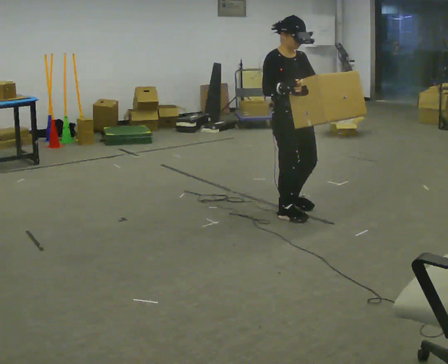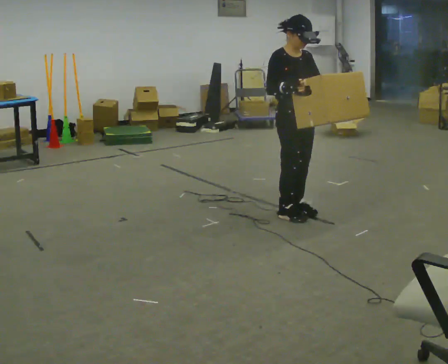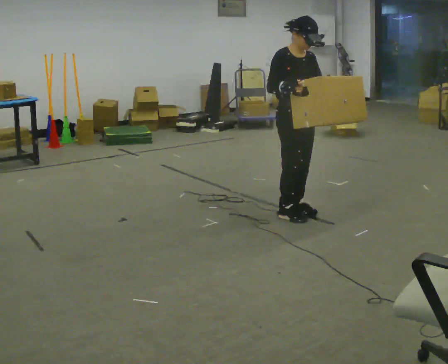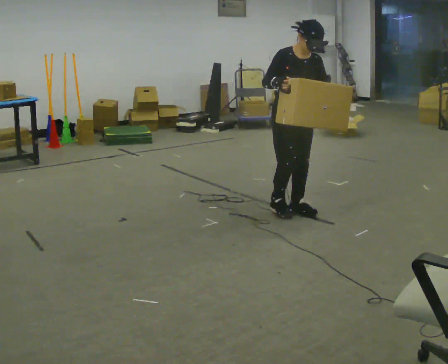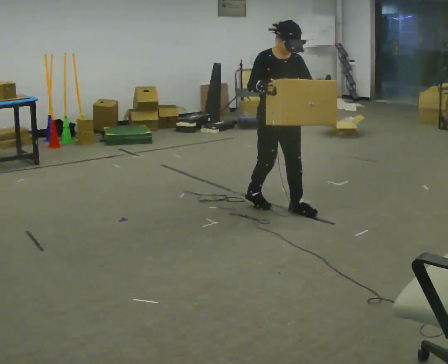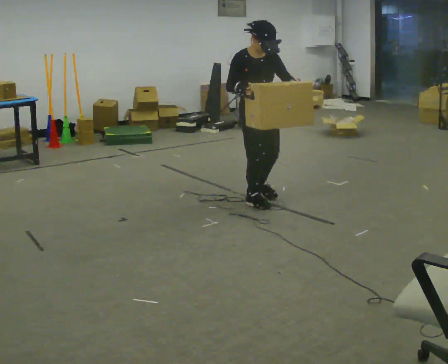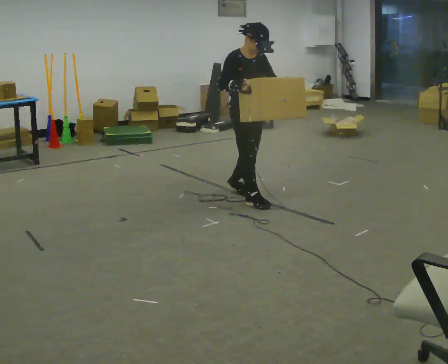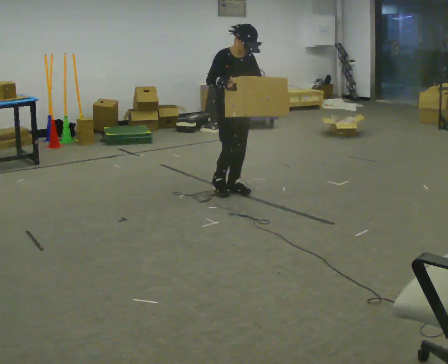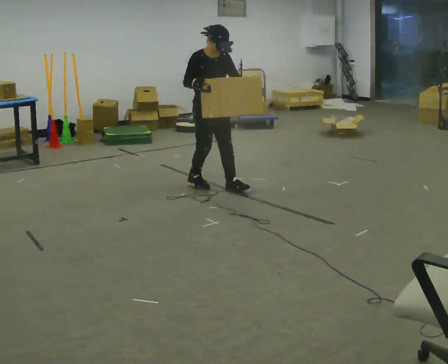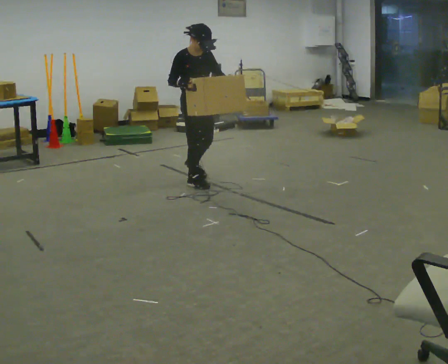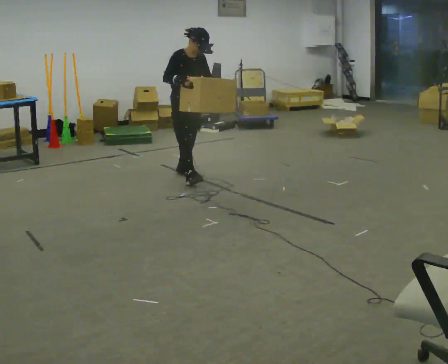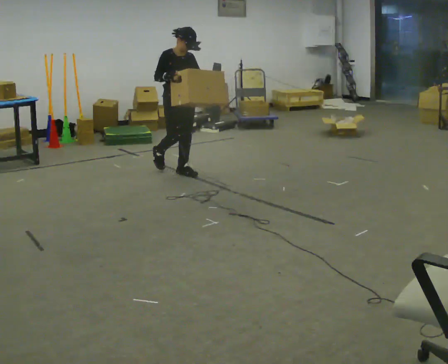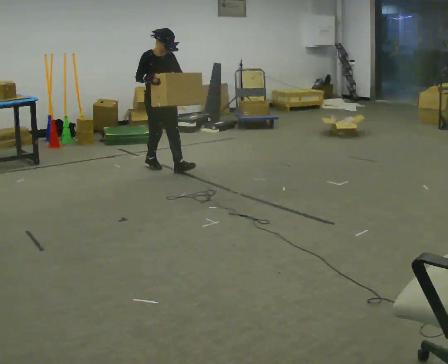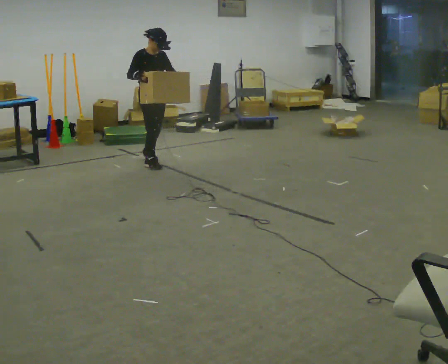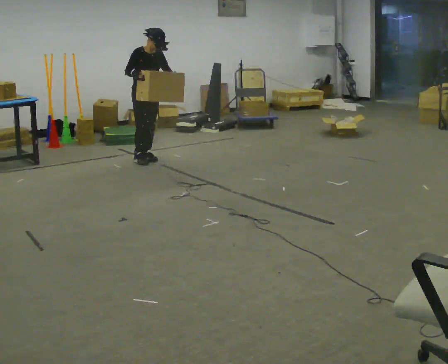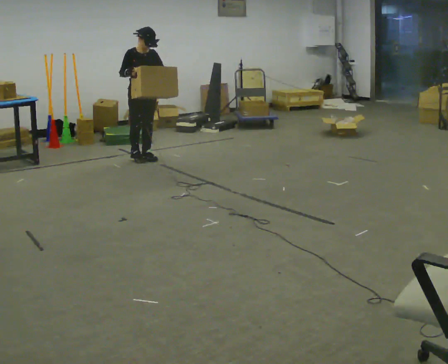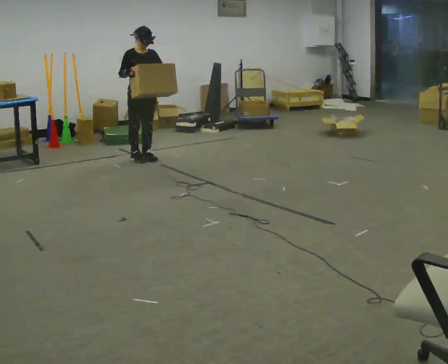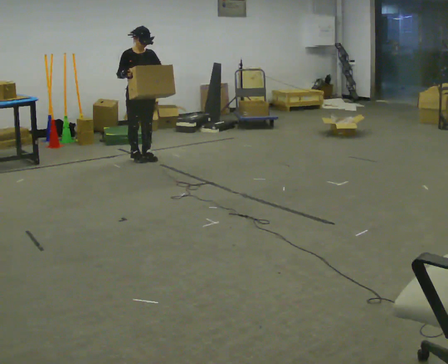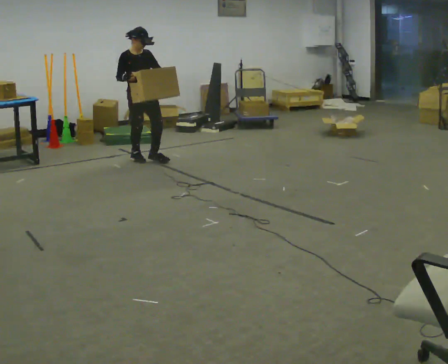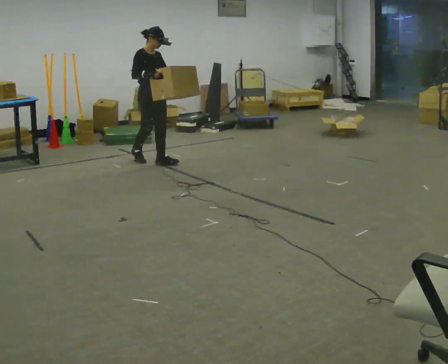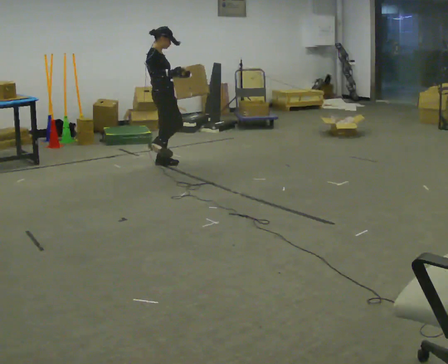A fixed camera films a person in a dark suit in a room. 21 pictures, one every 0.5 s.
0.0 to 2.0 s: In the picture they go away from the camera, about 0.25 m in 2 steps, which for them is backward.
2.0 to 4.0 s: In the picture they go away from the camera and to the left, about 1 m in 2 steps, which for them is backward.
4.0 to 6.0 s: In the picture they go away from the camera and to the left, about 1 m in 2 steps, which for them is backward.
6.0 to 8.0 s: In the picture they go away from the camera and to the left, about 0.5 m in 2 steps, which for them is backward.
8.0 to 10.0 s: Seen from above the body turns counterclockwise, about 60 degrees: to their left, with its near side sliding to the right. In the picture they go to the right and toward the camera, about 0.25 m in 1 step.
The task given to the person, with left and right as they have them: Carry the box while walking backward. The operator confirms the space behind you is clear before each take.
The film runs forward here.
